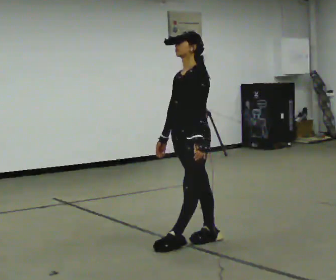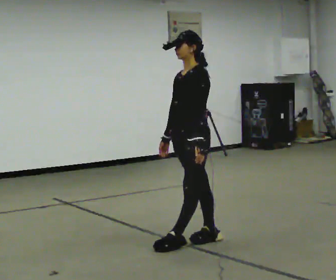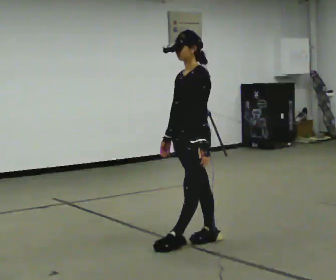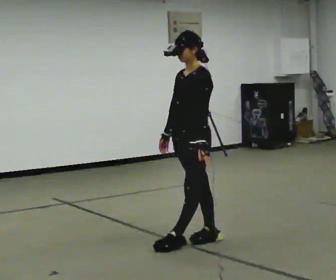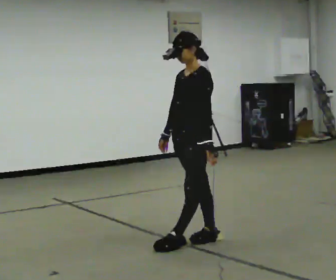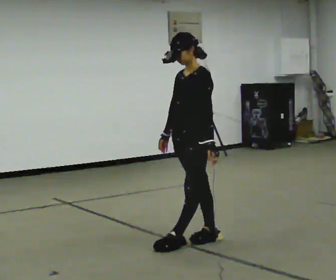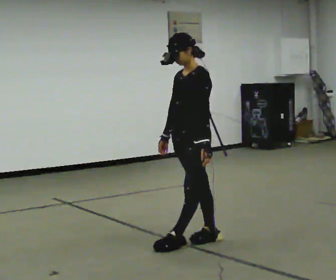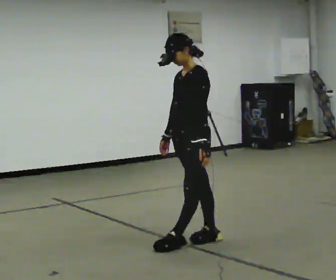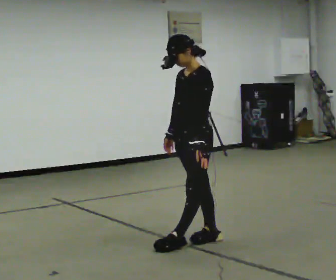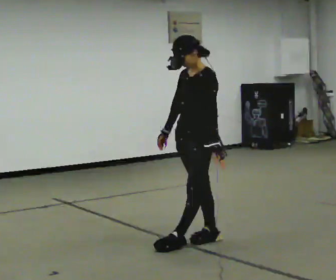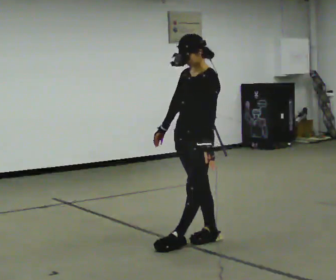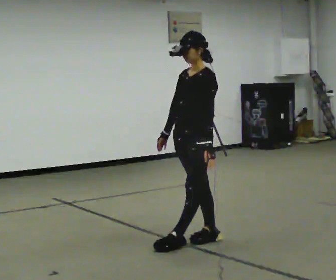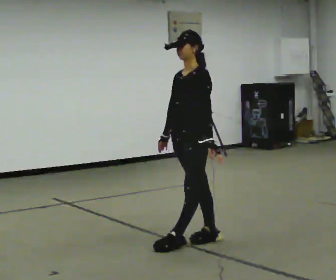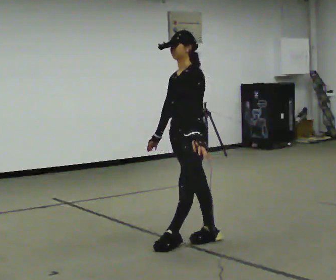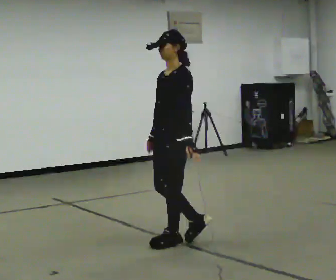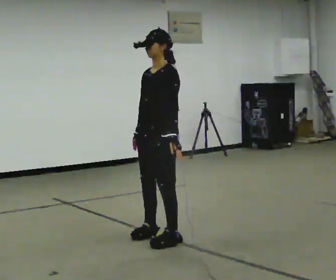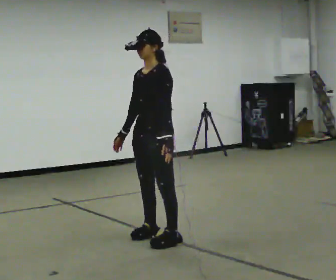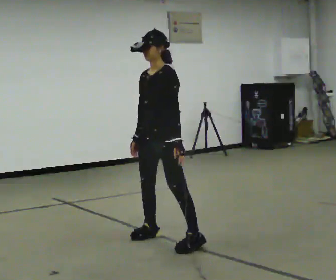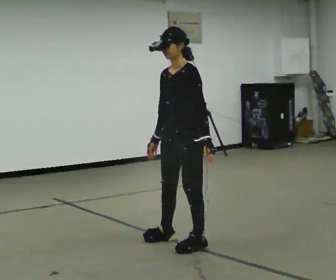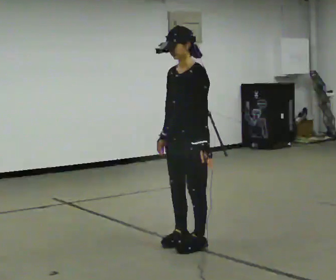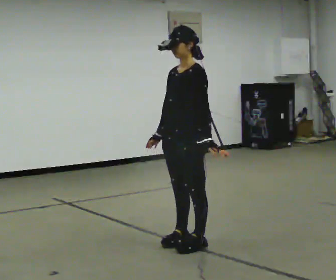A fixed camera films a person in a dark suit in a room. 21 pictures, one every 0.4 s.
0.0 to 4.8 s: The person moves a little, or ends about where they began.
4.8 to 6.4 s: In the picture they go to the left, about 0.25 m in 1 step, which for them is forward and to their right.
6.4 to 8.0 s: In the picture they go toward the camera and to the right, about 0.25 m in 2 steps, which for them is to their left.
The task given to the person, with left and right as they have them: Stand with one foot directly in front of the other, heel to toe, on the marked line. Hold your balance until you lose it, then step out. Repeat at your own pace until the operator says stop. Go slowly and only as far as you are comfortable. Step whenever you need to; do not try to hold on longer than feels safe.
The film runs forward here.
